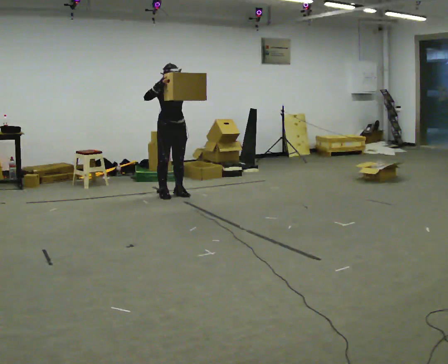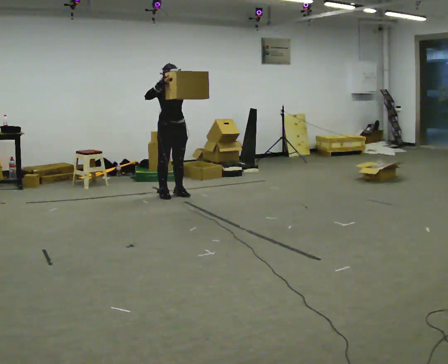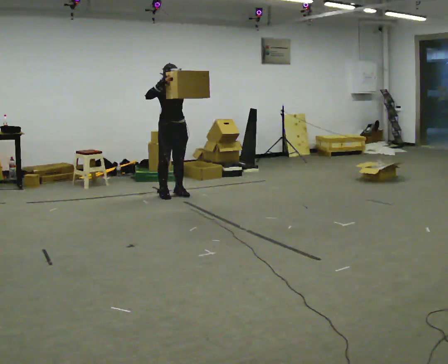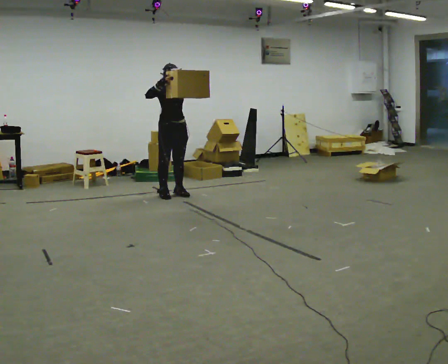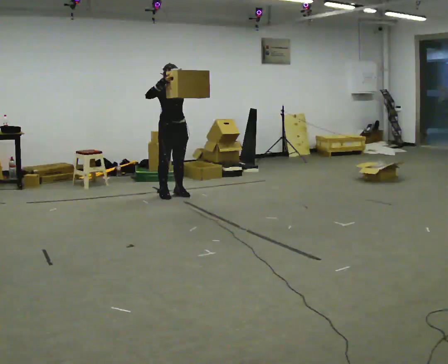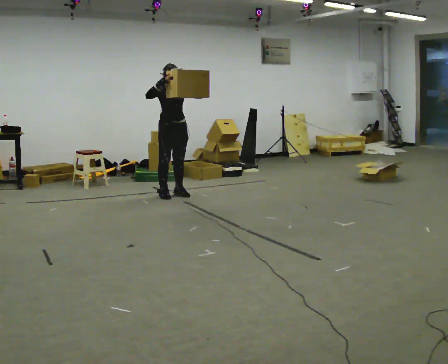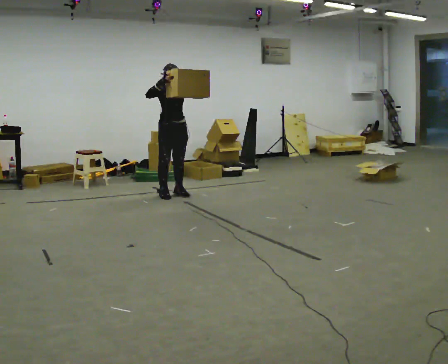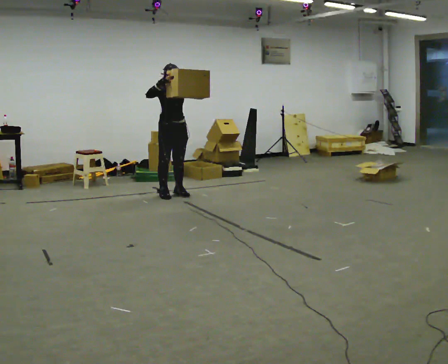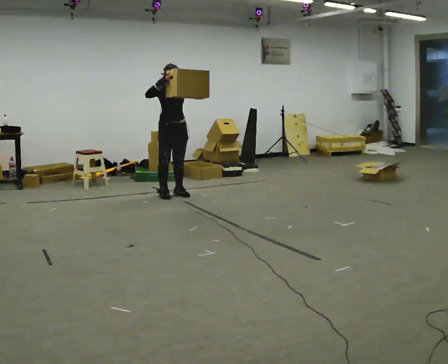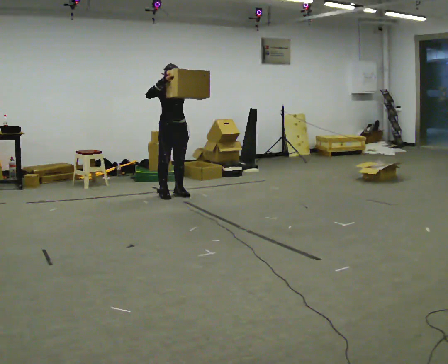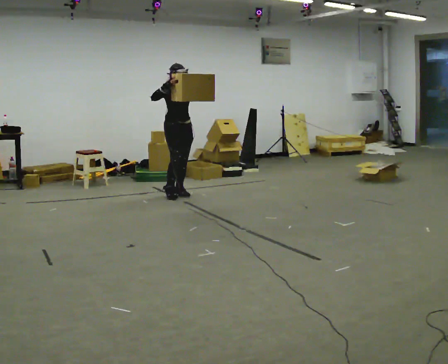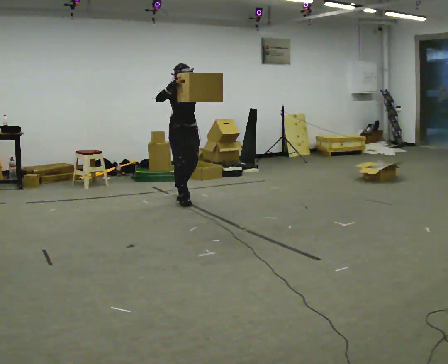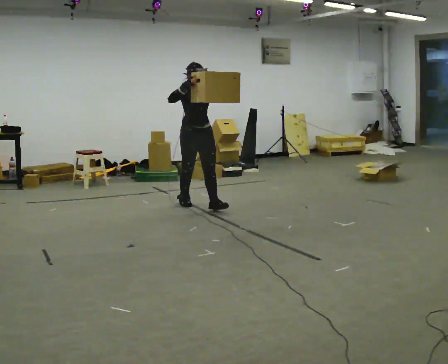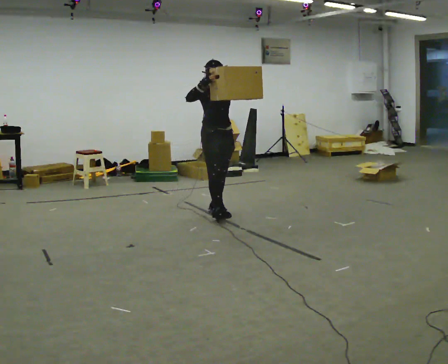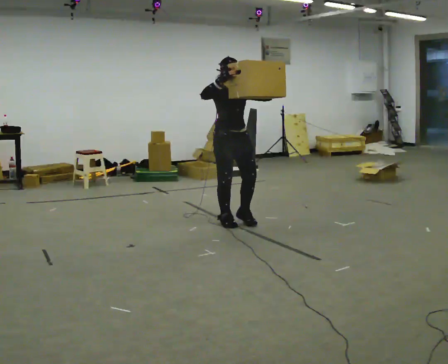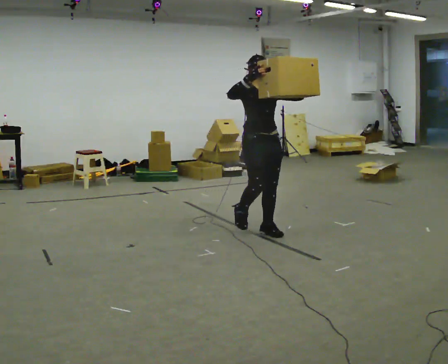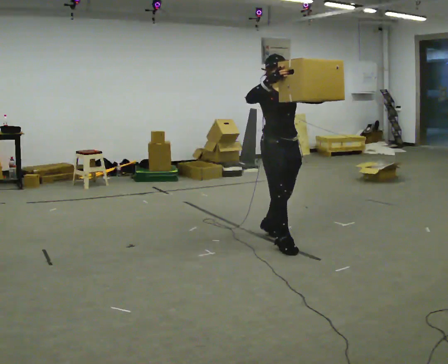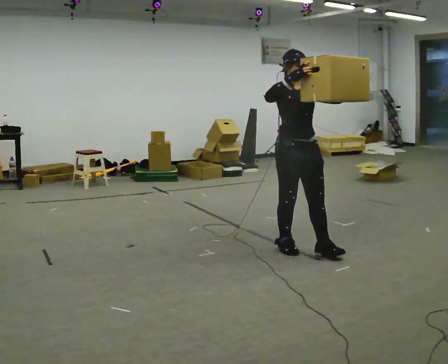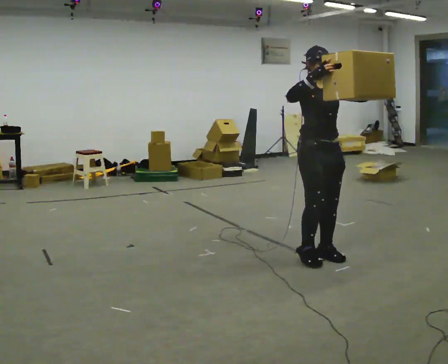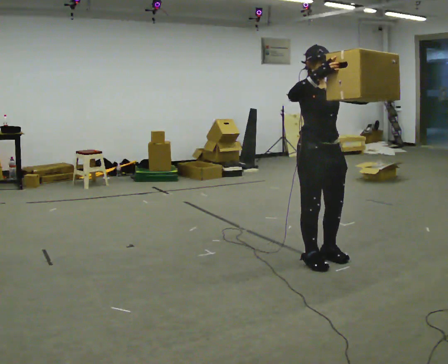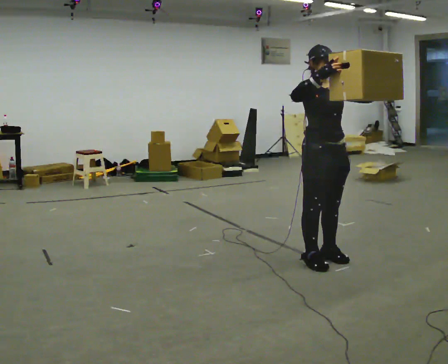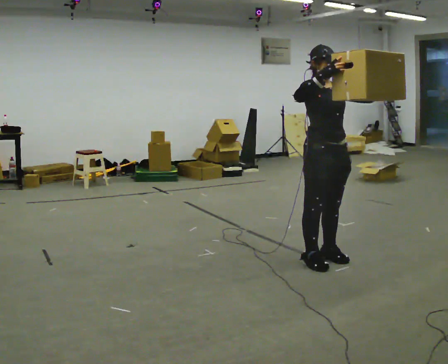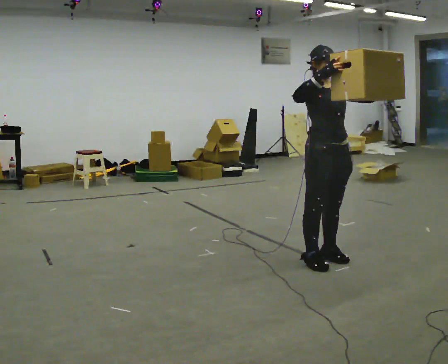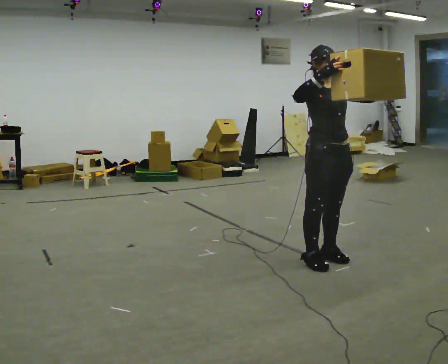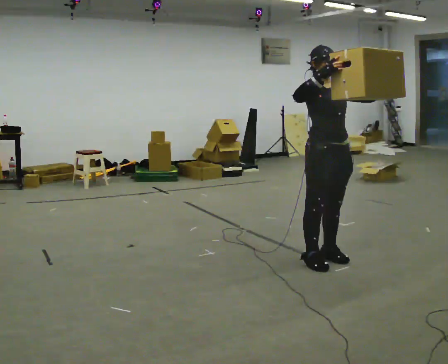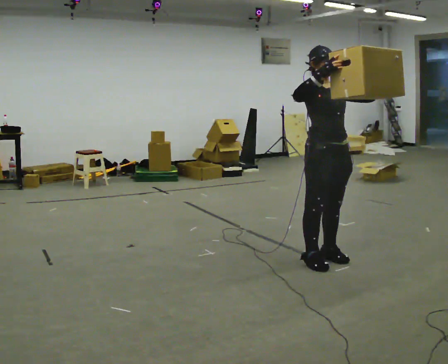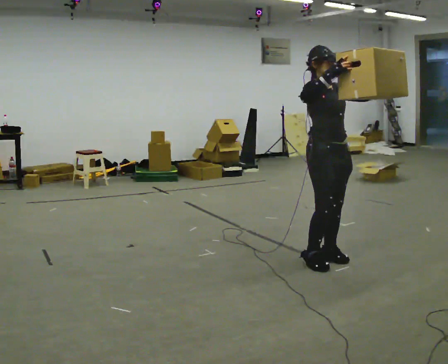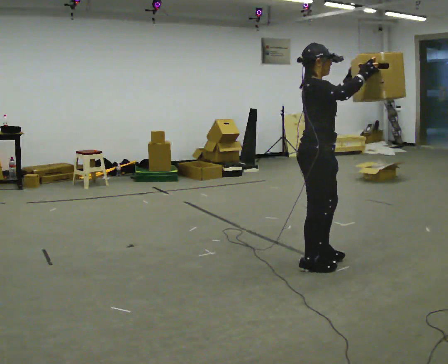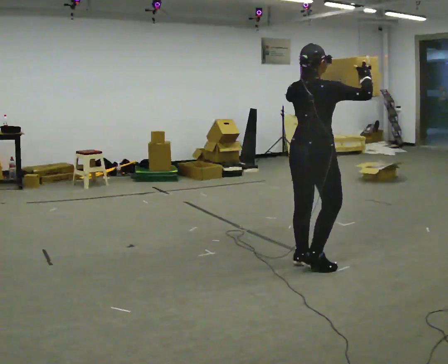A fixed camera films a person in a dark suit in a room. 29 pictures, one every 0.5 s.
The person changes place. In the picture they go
toward the camera.
0.0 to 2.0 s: The person moves a little, or ends about where they began.
2.0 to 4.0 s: The person keeps their place and pose.
4.0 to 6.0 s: In the picture they go toward the camera and to the right, about 0.75 m in 2 steps, which for them is forward.
6.0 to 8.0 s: In the picture they go toward the camera and to the right, about 1.5 m in 3 steps, which for them is forward.
8.0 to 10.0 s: In the picture they go toward the camera and to the right, about 0.5 m in 2 steps, which for them is forward.
10.0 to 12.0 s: The person keeps their place and pose.
12.0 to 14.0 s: The person turns about 105 degrees to their left, counterclockwise seen from above, so the part of the body nearest the lens slides to the right. In the picture their left hand goes to the left.
The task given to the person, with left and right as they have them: Carry the object held up above your head, walking back and forth across the room.
The film runs forward here.
